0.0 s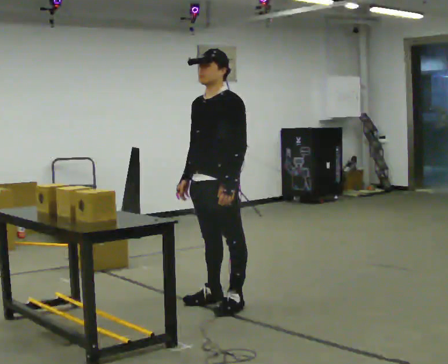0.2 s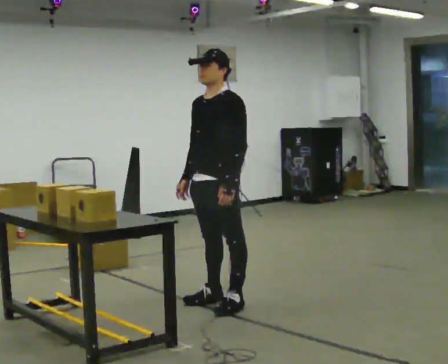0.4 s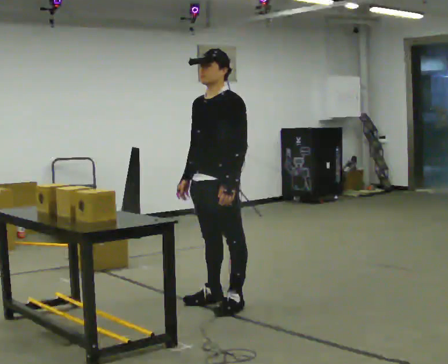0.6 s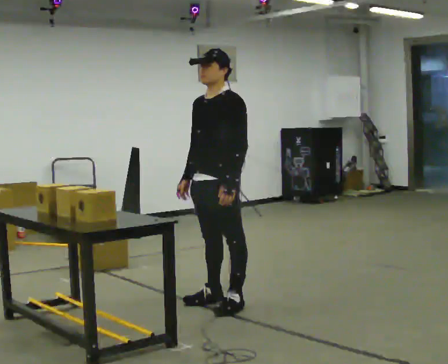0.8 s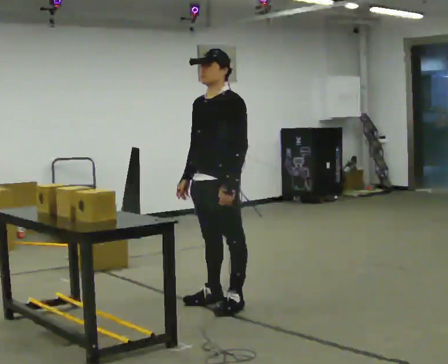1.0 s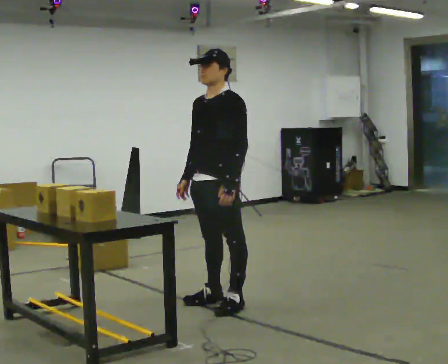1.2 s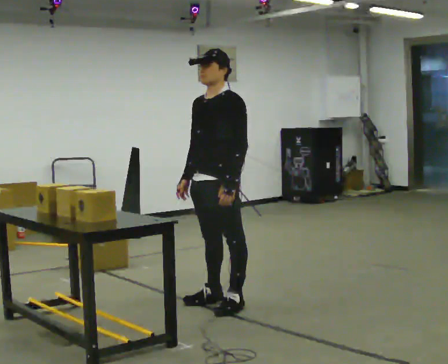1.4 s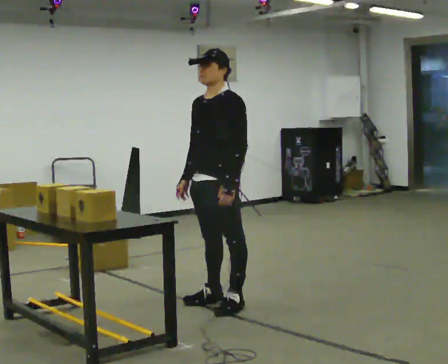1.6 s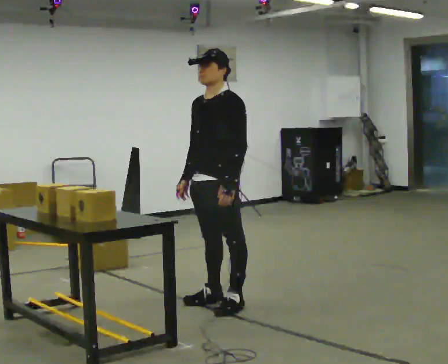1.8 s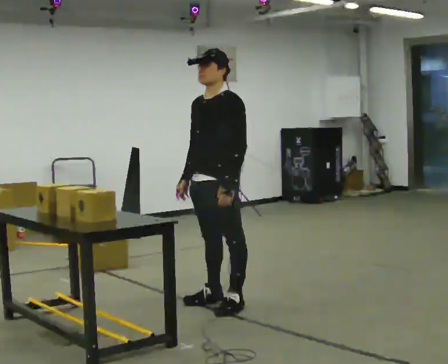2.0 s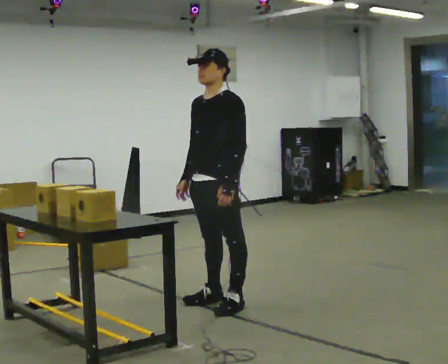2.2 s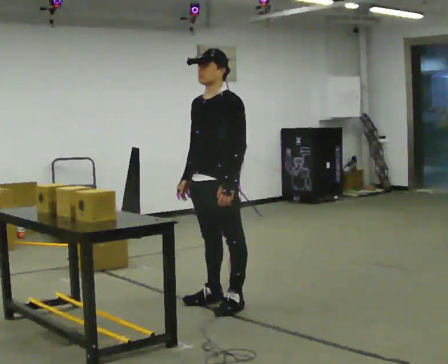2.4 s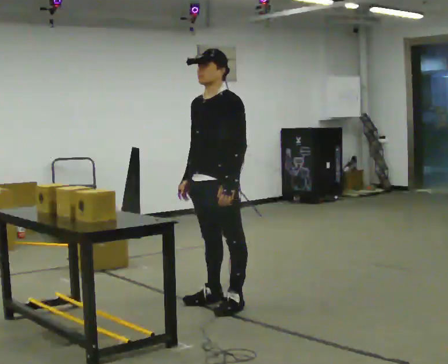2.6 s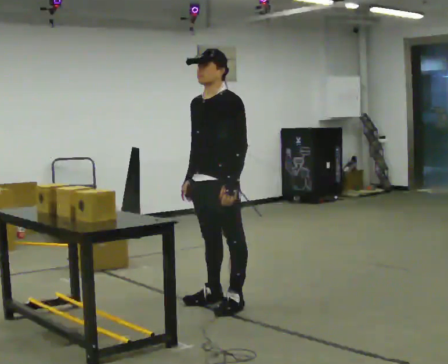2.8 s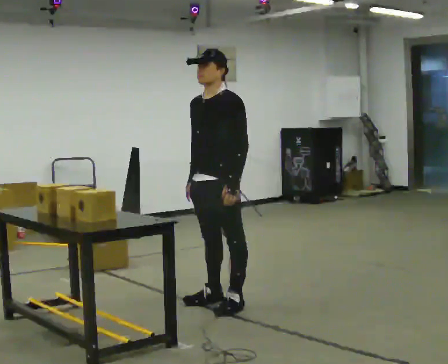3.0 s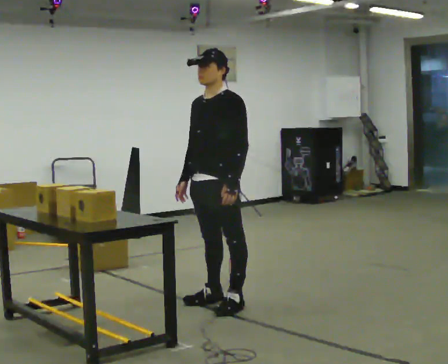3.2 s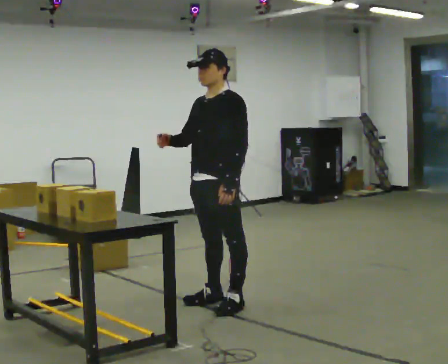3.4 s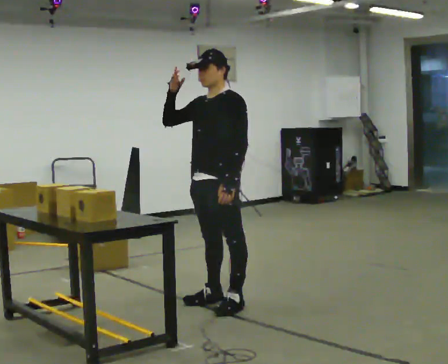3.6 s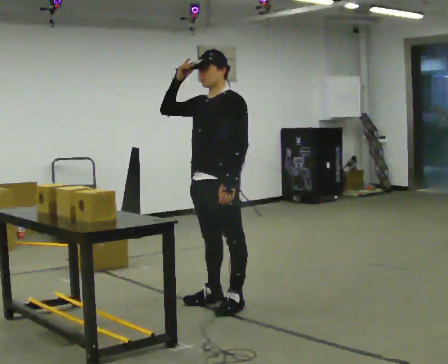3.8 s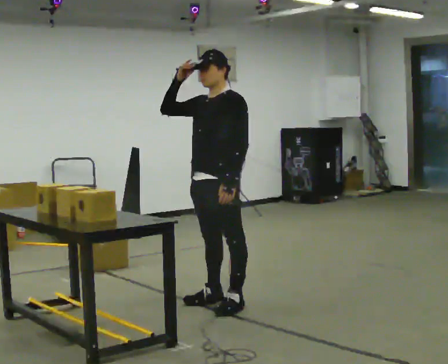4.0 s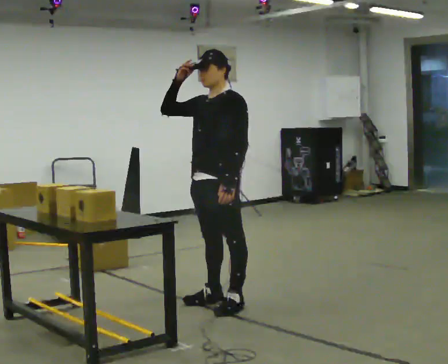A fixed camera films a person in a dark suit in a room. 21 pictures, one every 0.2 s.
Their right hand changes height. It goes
upward.
Their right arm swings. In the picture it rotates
clockwise.
0.0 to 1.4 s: The person keeps their place and pose.
1.4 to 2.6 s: The person moves a little, or ends about where they began.
2.6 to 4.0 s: In the picture their right hand goes upward, the arm swinging clockwise.
The film runs backward here.
